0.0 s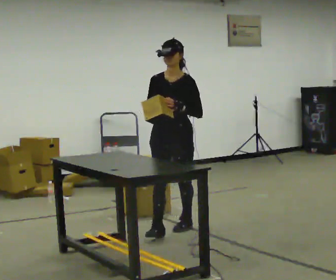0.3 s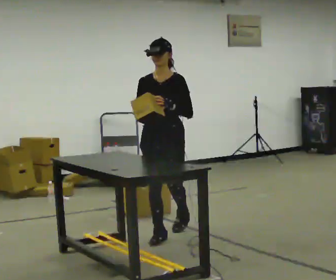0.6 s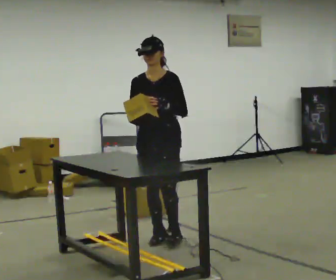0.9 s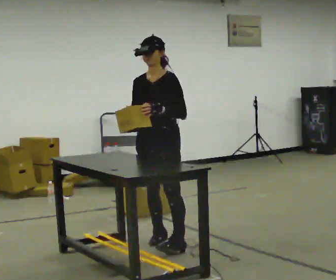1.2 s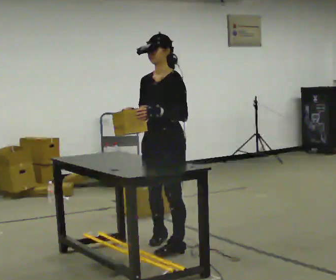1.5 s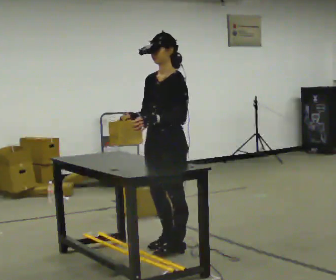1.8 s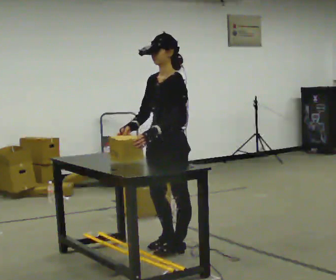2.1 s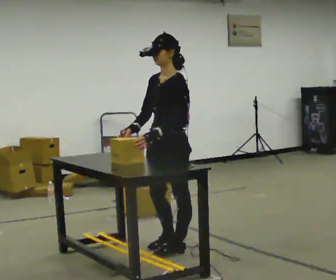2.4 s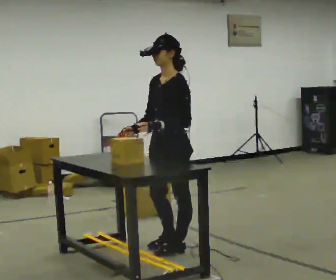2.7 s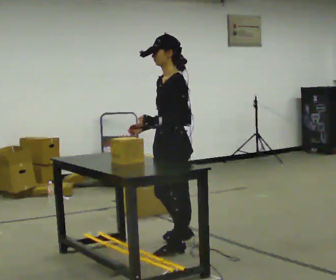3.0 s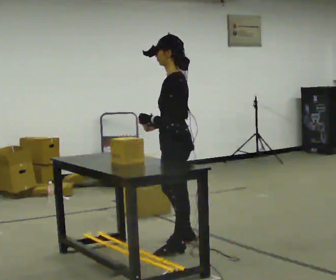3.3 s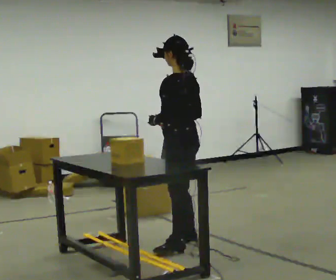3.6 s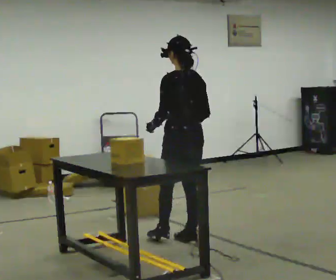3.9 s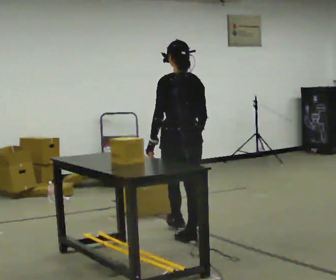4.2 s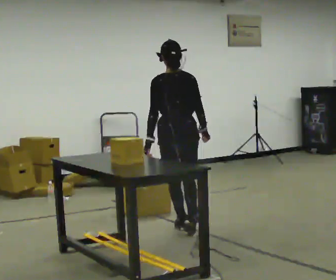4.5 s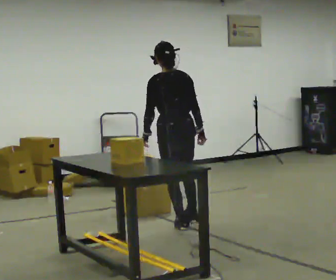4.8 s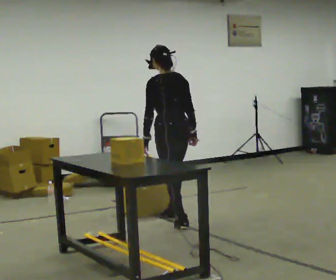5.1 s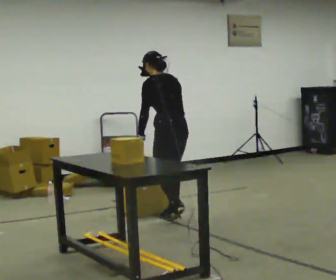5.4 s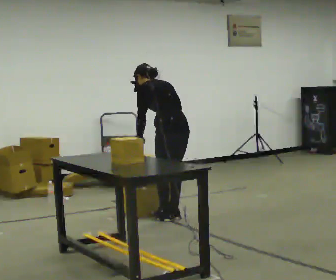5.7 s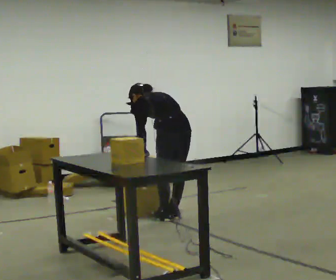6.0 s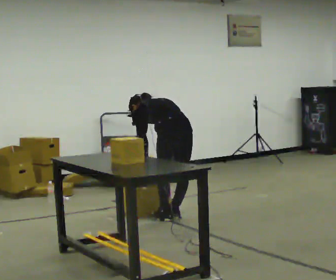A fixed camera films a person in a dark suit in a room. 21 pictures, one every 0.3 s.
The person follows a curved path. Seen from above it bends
counterclockwise.
Their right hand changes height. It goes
downward.
0.0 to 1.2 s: The person turns about 30 degrees to their right, clockwise seen from above, so the part of the body nearest the lens slides to the left. In the picture they go toward the camera, about 0.5 m in 2 steps, which for them is forward.
1.2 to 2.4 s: The person moves a little, or ends about where they began.
2.4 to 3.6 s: The part of the body nearest the lens slides to the left as the person turns to their right by about 75 degrees. In the picture they go away from the camera, about 0.25 m in 1 step.
3.6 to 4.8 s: In the picture they go away from the camera, about 0.5 m in 2 steps, which for them is forward.
4.8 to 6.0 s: The shoulders move downward. The upper body tips away from the camera, its near side rolling upward, as they bend forward.
The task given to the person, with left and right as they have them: Reach down into the deep bin on the floor, take out one object at a time, carry it to the shelf, and come back for the next one. Keep going until the operator says stop; one object at a time, and do not rush between trips.
The film runs forward here.
